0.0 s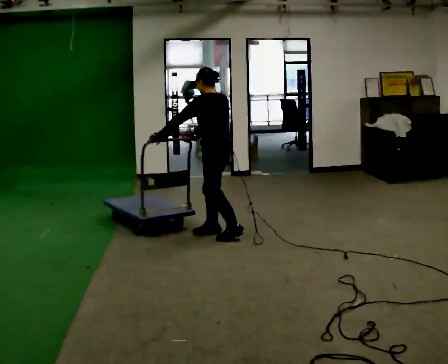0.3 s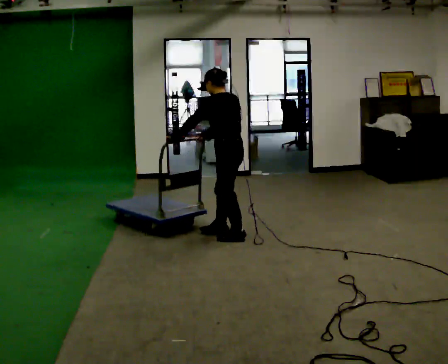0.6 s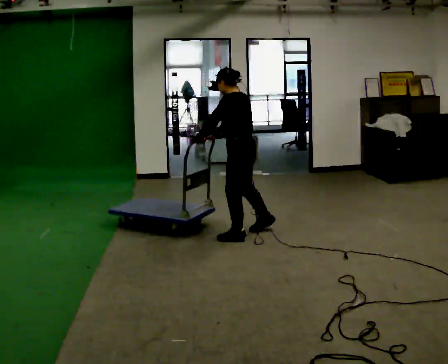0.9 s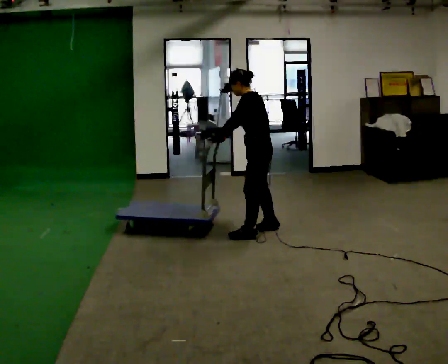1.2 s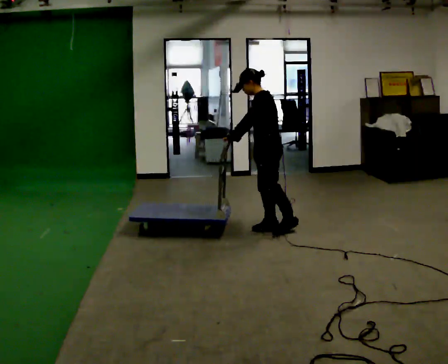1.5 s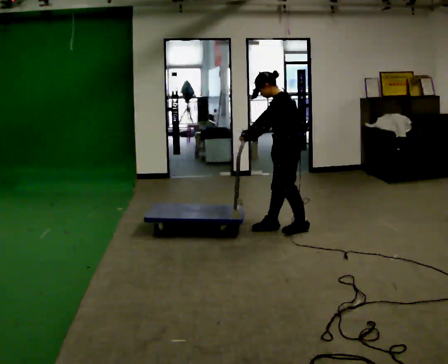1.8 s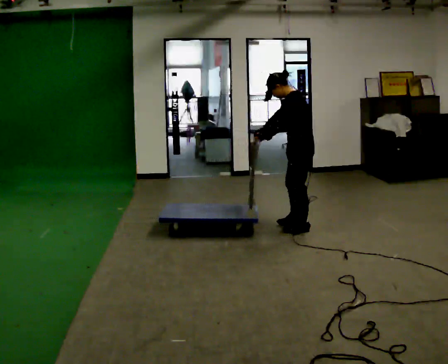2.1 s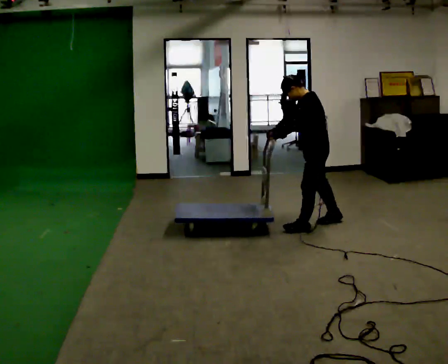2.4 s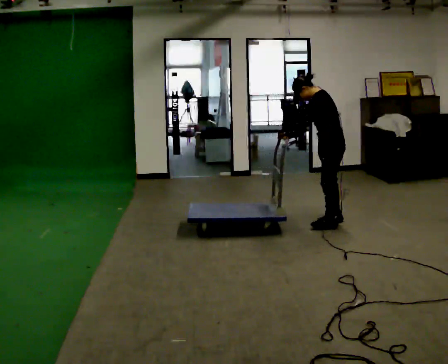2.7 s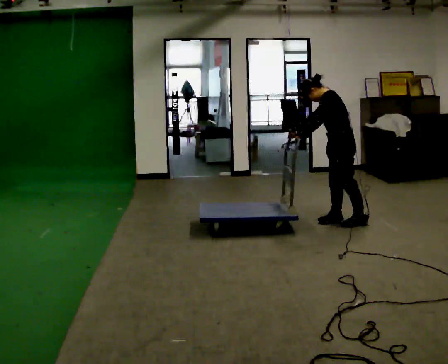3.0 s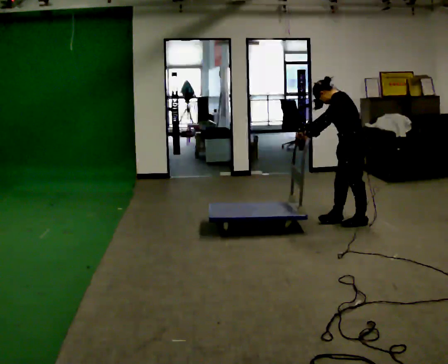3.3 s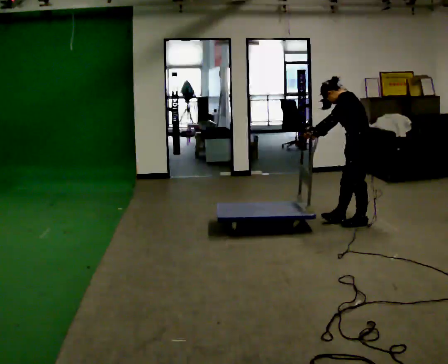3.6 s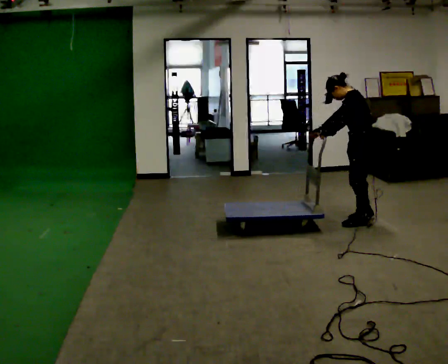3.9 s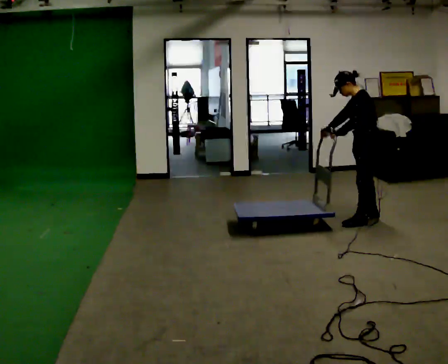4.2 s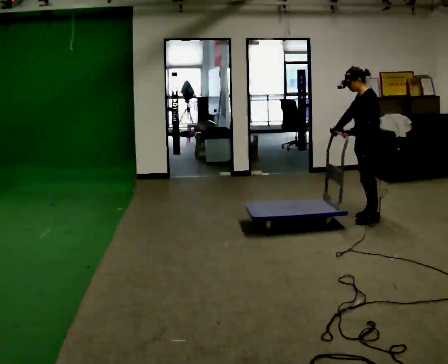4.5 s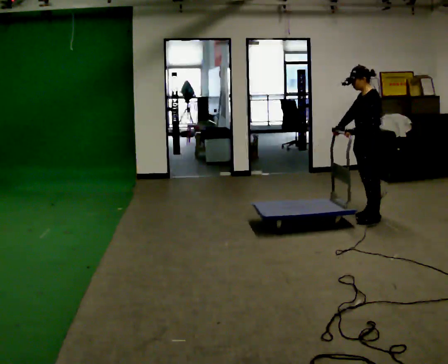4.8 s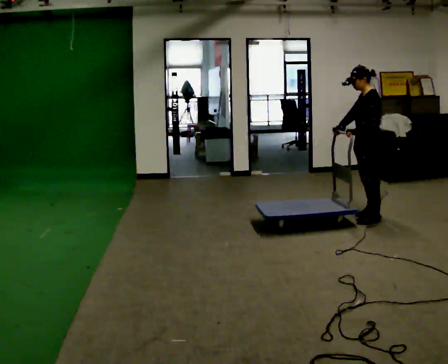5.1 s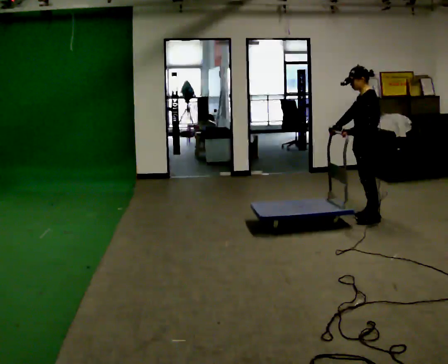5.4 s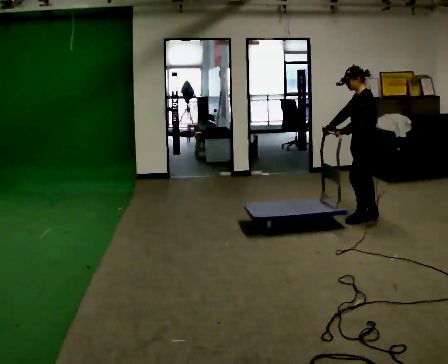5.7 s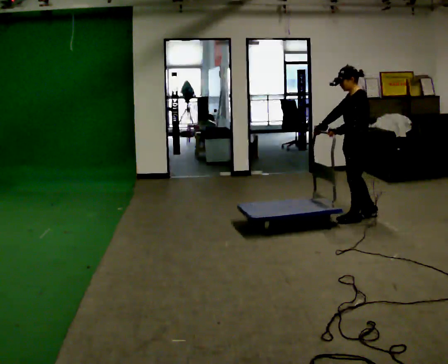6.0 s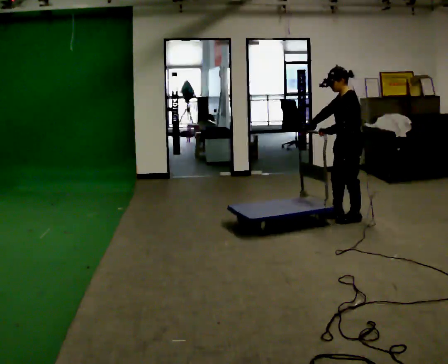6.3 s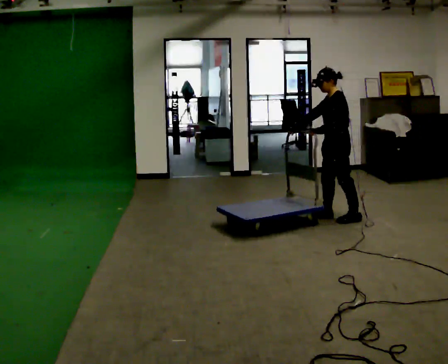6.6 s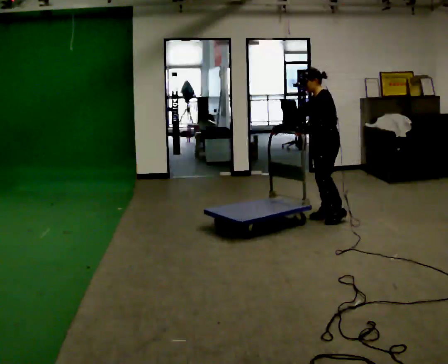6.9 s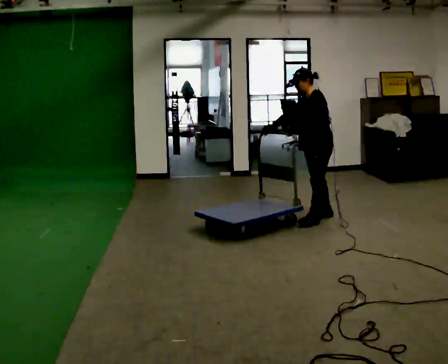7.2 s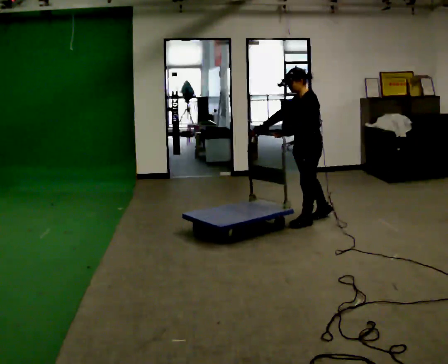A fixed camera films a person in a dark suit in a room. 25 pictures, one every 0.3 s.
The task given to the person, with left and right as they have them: Get the cart into the marked parking space and lined up with the tape. Take as many adjustments as you need. Then take it out again and repeat.
0.0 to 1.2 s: In the picture they go to the right and away from the camera, about 0.5 m in 1 step, which for them is backward and to their right.
1.2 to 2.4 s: In the picture they go to the right and away from the camera, about 0.5 m in 2 steps, which for them is backward.
2.4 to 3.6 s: In the picture they go to the right, about 0.25 m in 1 step, which for them is backward.
3.6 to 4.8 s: In the picture they go away from the camera, about 0.25 m in 2 steps, which for them is to their right.
4.8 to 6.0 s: In the picture they go to the left, about 0.25 m in 1 step, which for them is forward.
6.0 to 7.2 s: In the picture they go to the left, about 0.5 m in 2 steps, which for them is forward.
The film runs forward here.
